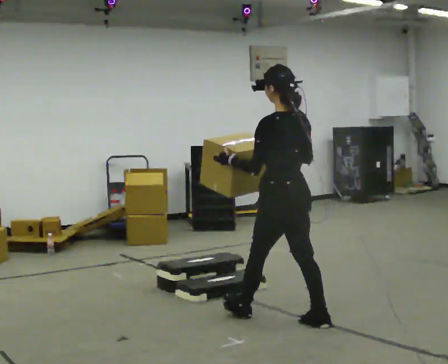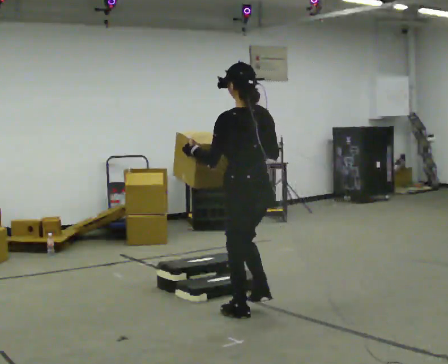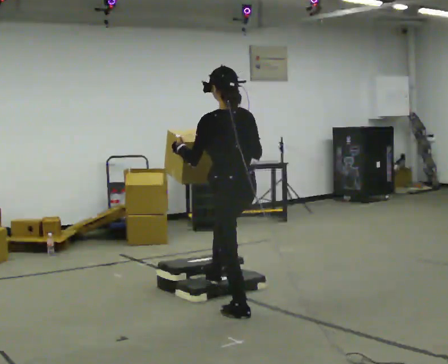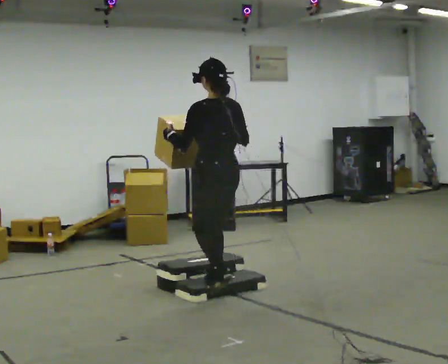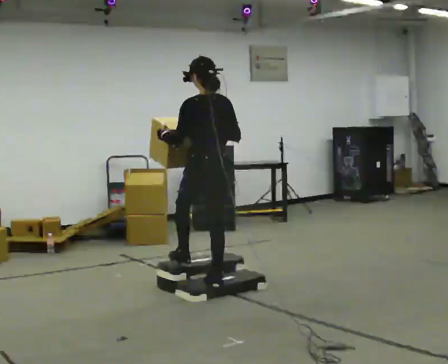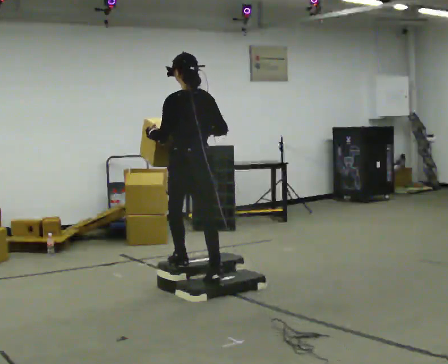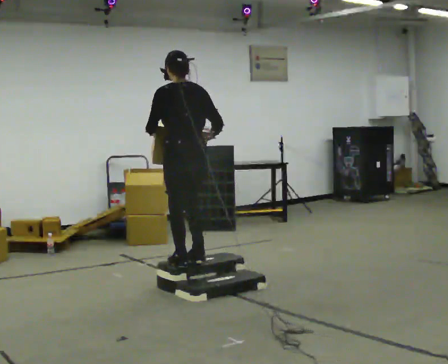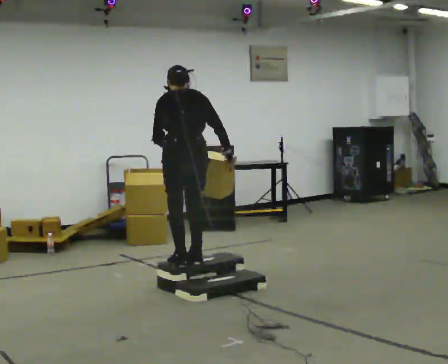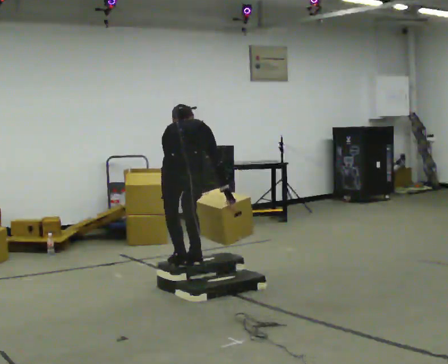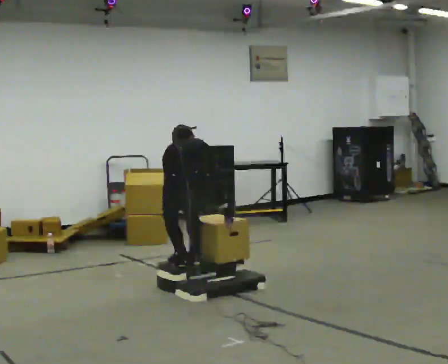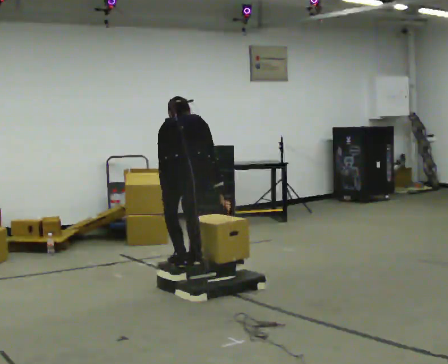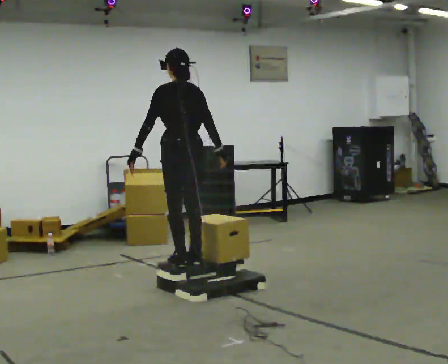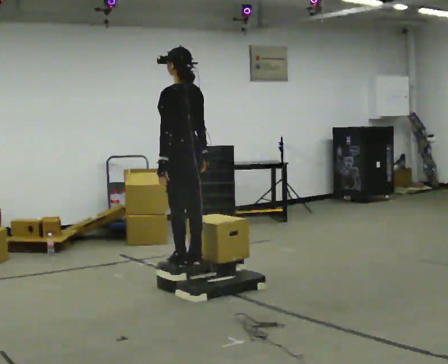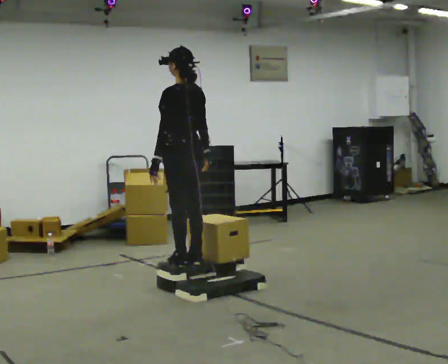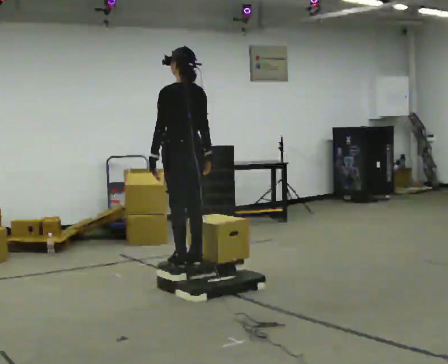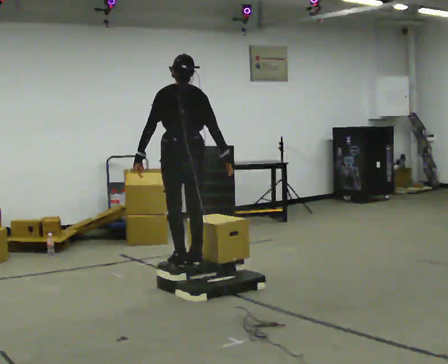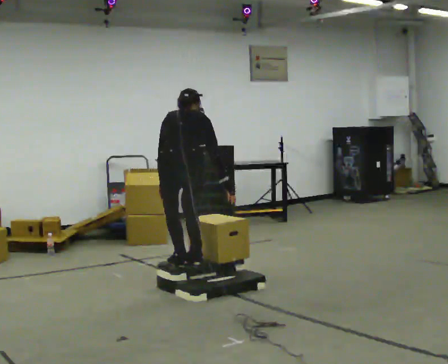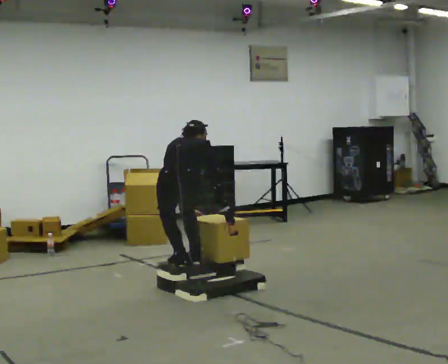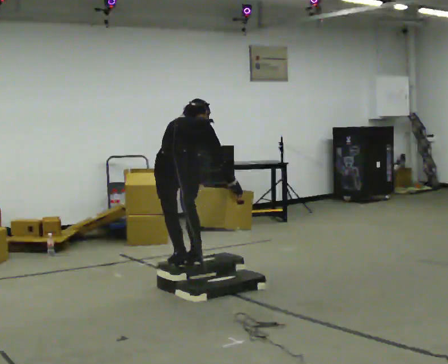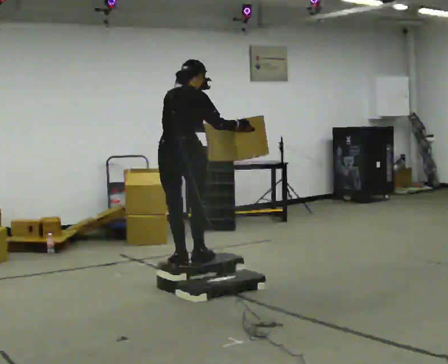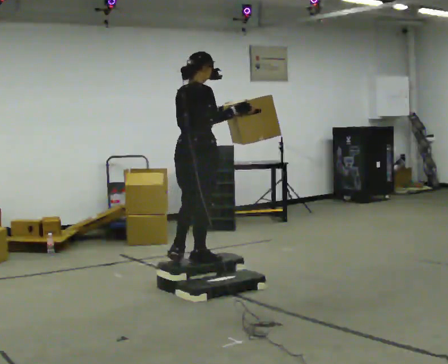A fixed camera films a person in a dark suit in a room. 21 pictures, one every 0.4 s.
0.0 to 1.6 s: In the picture they go away from the camera and to the left, about 1 m in 2 steps, which for them is forward.
1.6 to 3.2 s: The person turns about 30 degrees to their right, clockwise seen from above, so the part of the body nearest the lens slides to the left. In the picture they go to the left, about 0.25 m in 2 steps, which for them is forward and to their left. The upper body tips away from the camera, its near side rolling upward, as they bend forward. In the picture their right hand goes downward.
3.2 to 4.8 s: The part of the body nearest the lens slides to the right as the person turns to their left by about 45 degrees. In the picture they go away from the camera, about 0.25 m, which for them is forward. The upper body tips toward the camera, its near side rolling downward, as they lean back or straighten.
4.8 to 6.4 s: Seen from above the body turns clockwise, about 45 degrees: to their right, with its near side sliding to the left. In the picture they go toward the camera, about 0.25 m, which for them is backward. The shoulders move downward. The upper body tips away from the camera, its near side rolling upward, as they bend forward.
6.4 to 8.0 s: The person turns about 45 degrees to their right, clockwise seen from above, so the part of the body nearest the lens slides to the left. In the picture they go away from the camera, about 0.25 m, which for them is forward. In the picture their left hand goes upward and to the right.
The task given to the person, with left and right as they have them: Carry the box up the three steps, turn at the top, and carry it back down. Use the handrail only if you need it. Keep going until the operator says stop; one object at a time, and do not rush between trips.
The film runs forward here.
